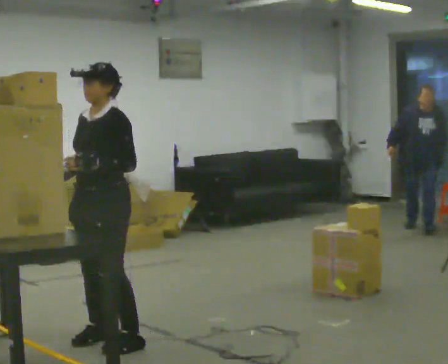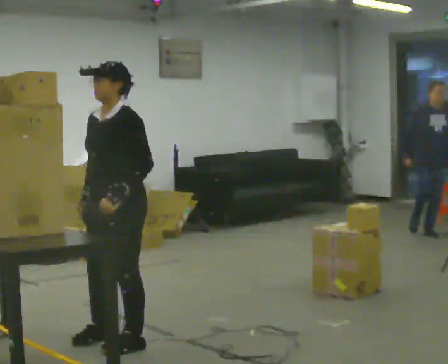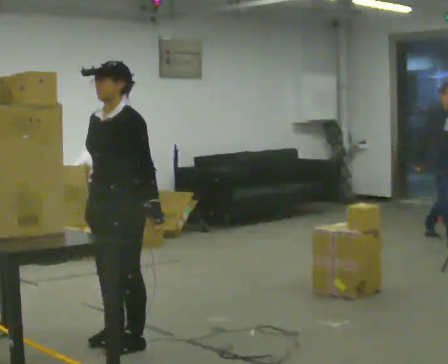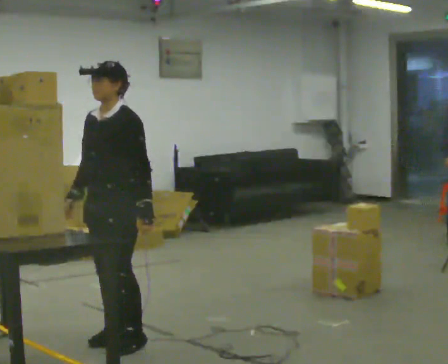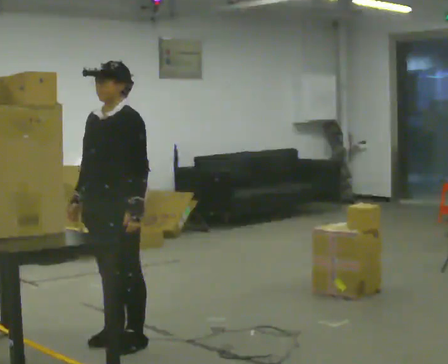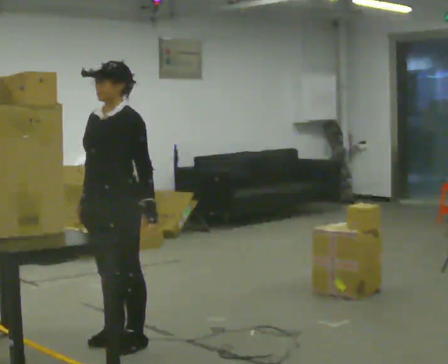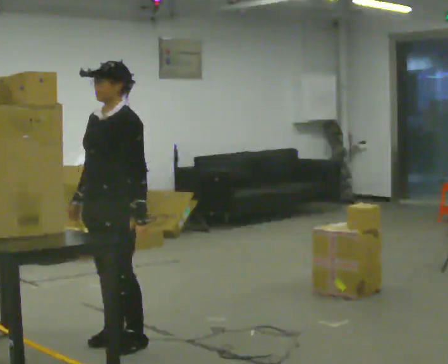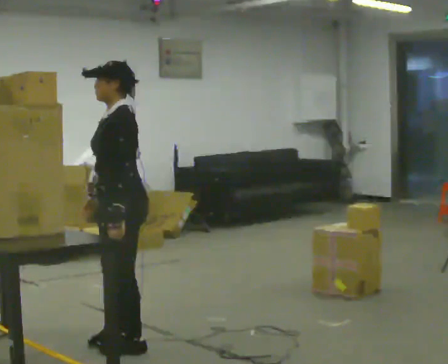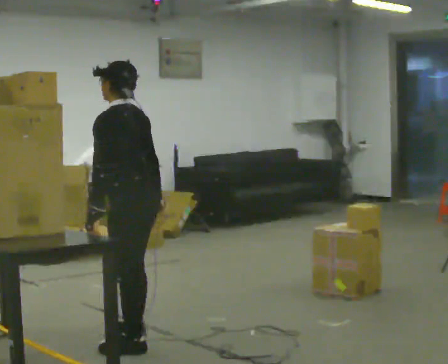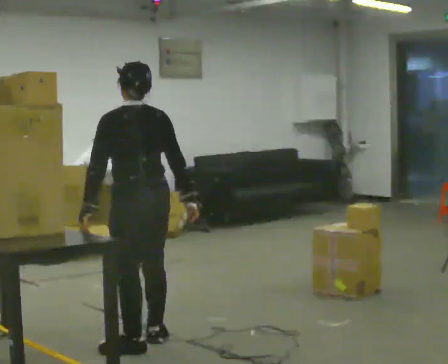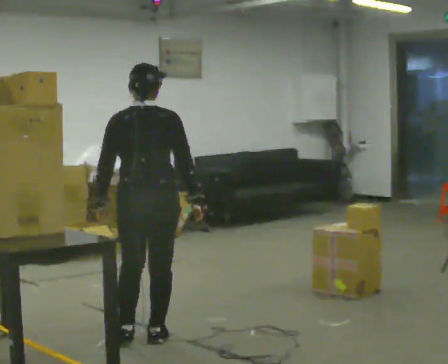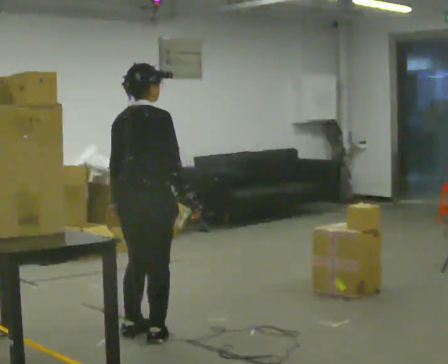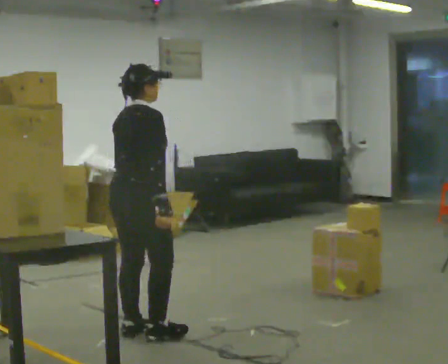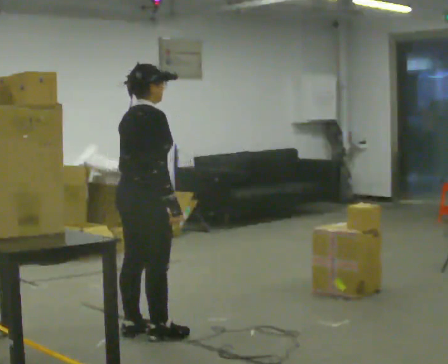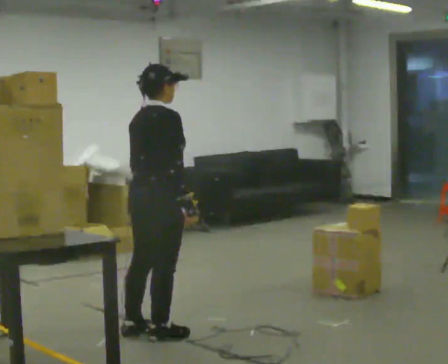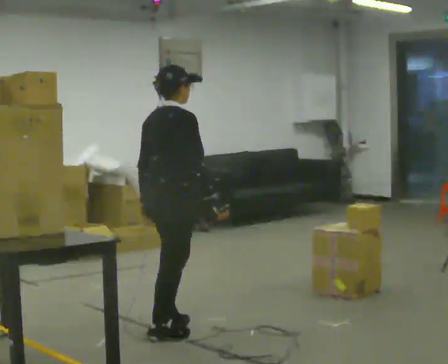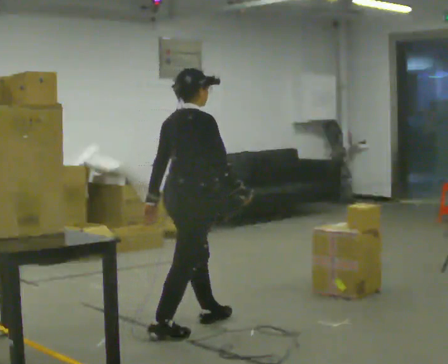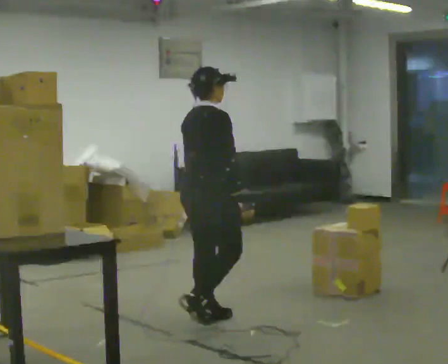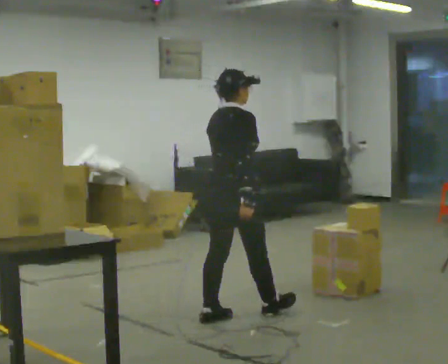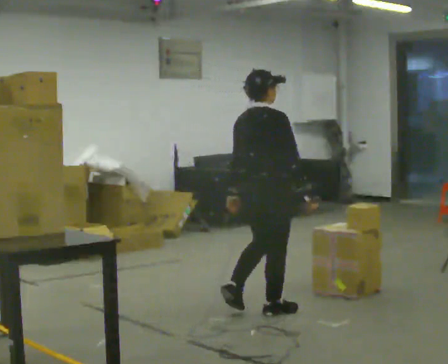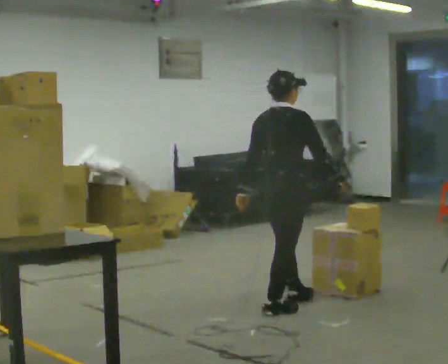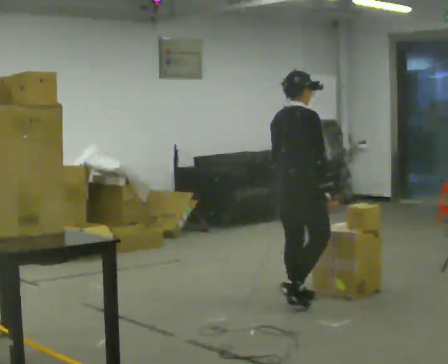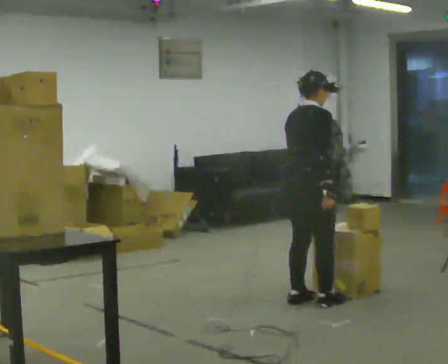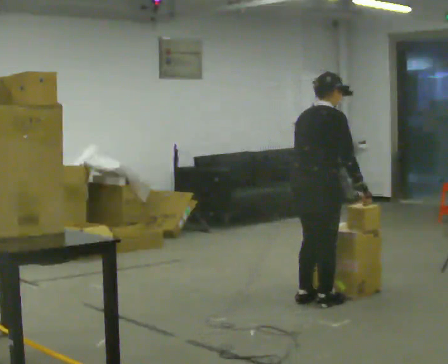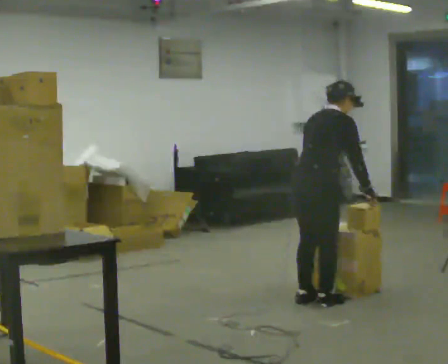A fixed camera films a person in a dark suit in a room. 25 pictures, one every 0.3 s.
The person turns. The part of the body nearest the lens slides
to the left.
The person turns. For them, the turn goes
to their right.
0.0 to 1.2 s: The person moves a little, or ends about where they began.
1.2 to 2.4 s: The person turns about 75 degrees to their right, clockwise seen from above, so the part of the body nearest the lens slides to the left. In the picture their right hand goes to the right, the arm swinging counterclockwise.
2.4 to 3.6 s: Seen from above the body turns clockwise, about 120 degrees: to their right, with its near side sliding to the left. In the picture they go away from the camera, about 0.25 m in 2 steps.
3.6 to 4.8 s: In the picture they go to the right, about 0.25 m in 1 step, which for them is forward.
4.8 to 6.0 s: In the picture they go to the right and away from the camera, about 1 m in 1 step, which for them is forward.
6.0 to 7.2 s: In the picture they go to the right, about 0.25 m in 2 steps, which for them is forward. In the picture the upper body tilts clockwise, shoulders to the right, as they bend forward.
The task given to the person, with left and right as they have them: Take an object from the waist-height shelf, carry it across the room, and place it on the highest shelf you can comfortably reach. Keep going until the operator says stop; one object at a time, and do not rush between trips.
The film runs forward here.
